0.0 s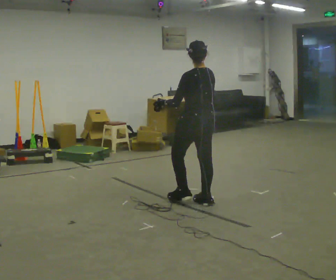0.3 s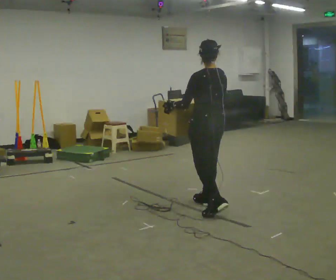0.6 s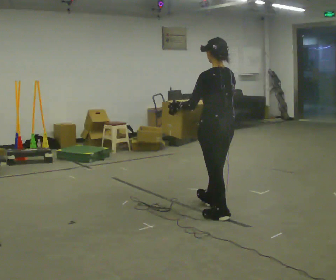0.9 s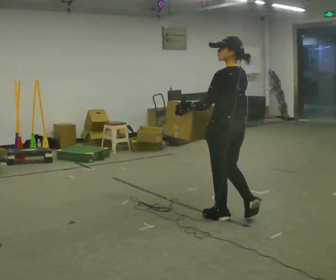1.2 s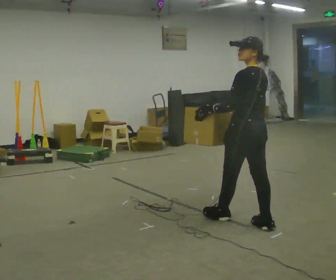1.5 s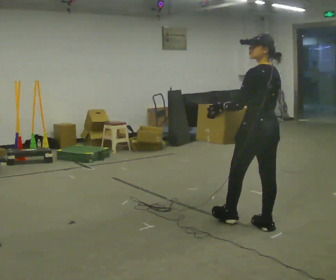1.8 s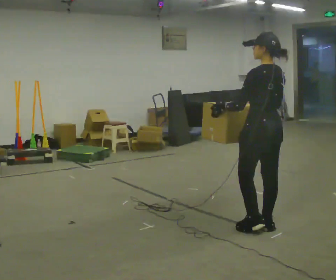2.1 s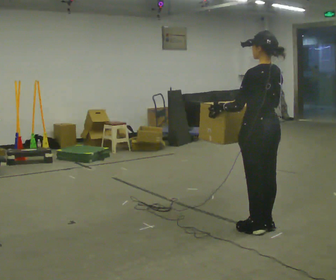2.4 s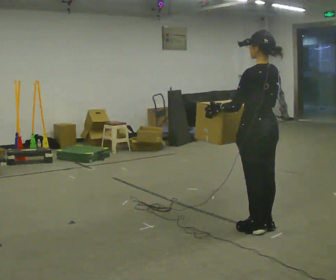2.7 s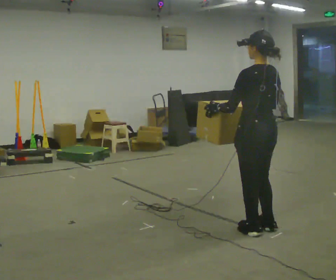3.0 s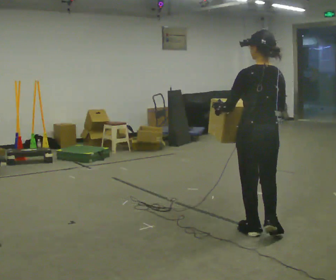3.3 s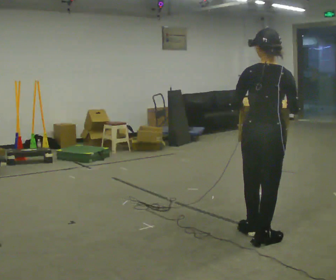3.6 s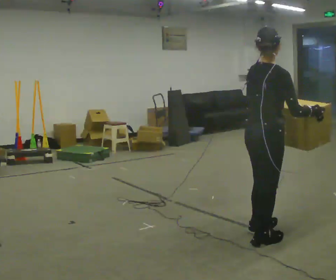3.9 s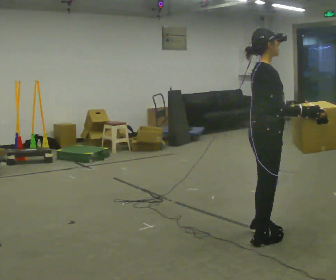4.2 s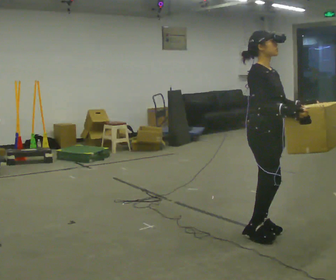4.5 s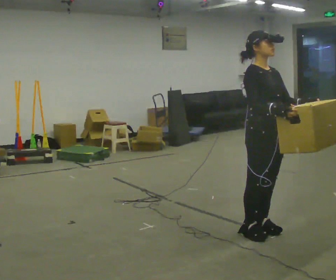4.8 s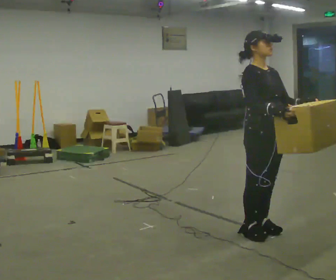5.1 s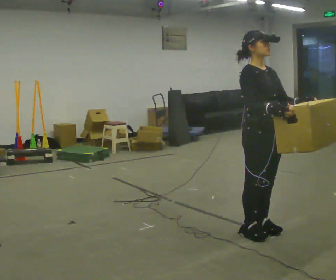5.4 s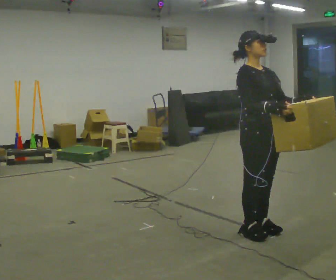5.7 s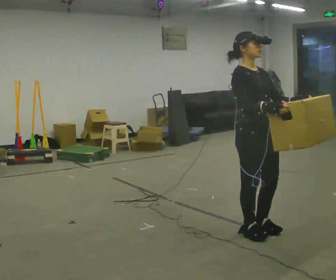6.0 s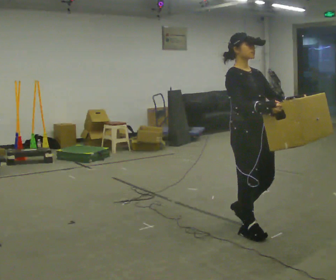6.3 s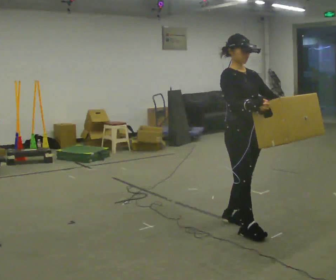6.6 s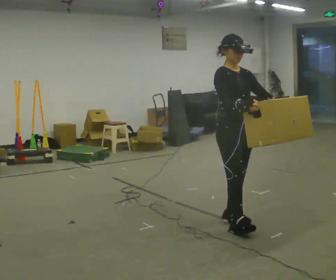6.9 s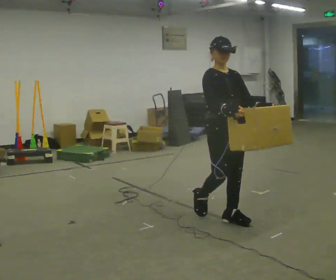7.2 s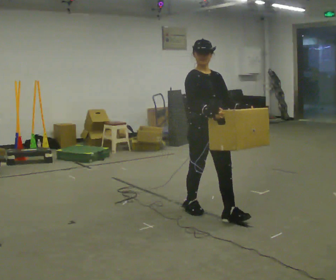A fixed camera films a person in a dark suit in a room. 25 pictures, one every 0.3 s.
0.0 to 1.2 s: In the picture they go to the right and toward the camera, about 0.5 m in 1 step, which for them is backward.
1.2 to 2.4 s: In the picture they go toward the camera, about 0.25 m in 1 step, which for them is backward.
2.4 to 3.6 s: The part of the body nearest the lens slides to the left as the person turns to their right by about 90 degrees. In the picture they go toward the camera, about 0.25 m in 1 step. In the picture their right hand goes to the right.
3.6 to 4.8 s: The part of the body nearest the lens slides to the left as the person turns to their right by about 90 degrees. In the picture their left hand goes to the right.
4.8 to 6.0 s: The person moves a little, or ends about where they began.
6.0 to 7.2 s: In the picture they go to the left and away from the camera, about 0.5 m in 1 step, which for them is backward.
The film runs backward here.
